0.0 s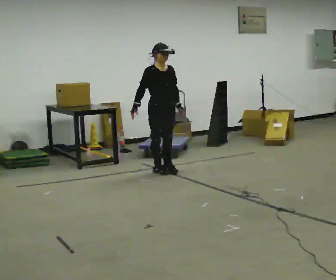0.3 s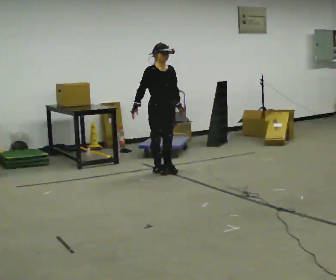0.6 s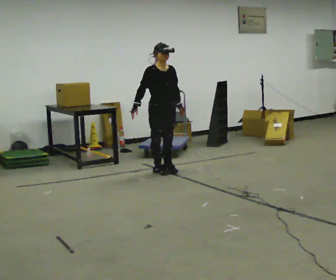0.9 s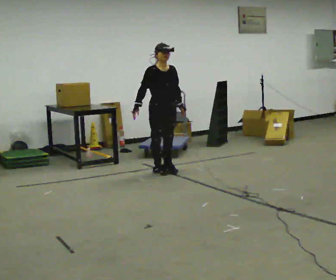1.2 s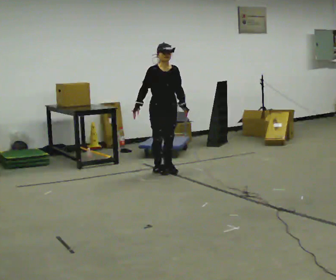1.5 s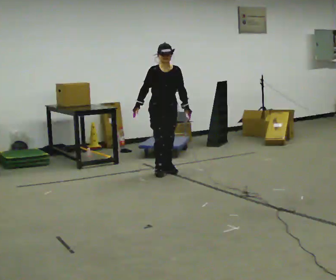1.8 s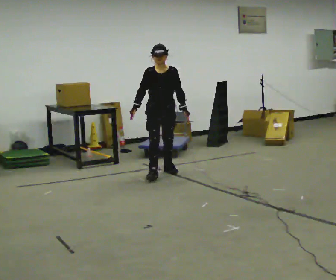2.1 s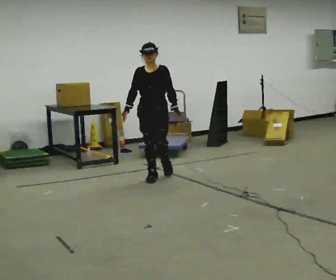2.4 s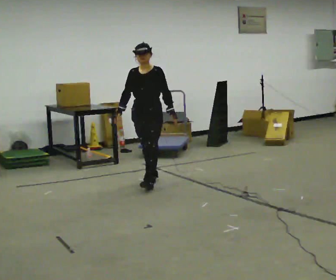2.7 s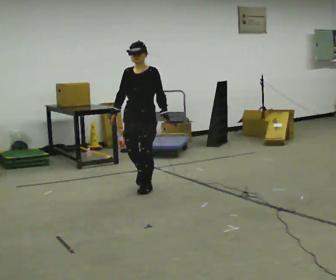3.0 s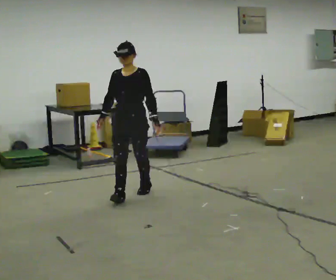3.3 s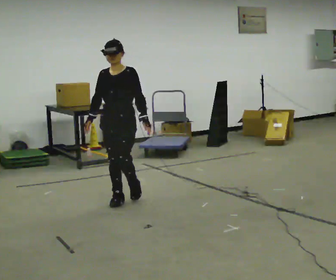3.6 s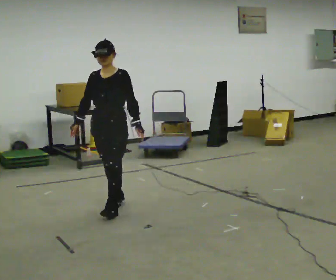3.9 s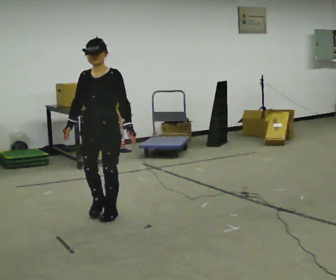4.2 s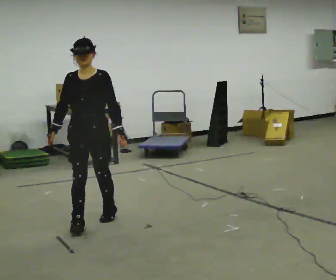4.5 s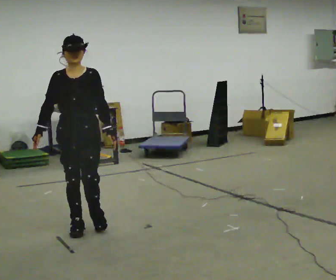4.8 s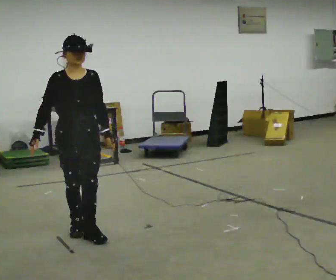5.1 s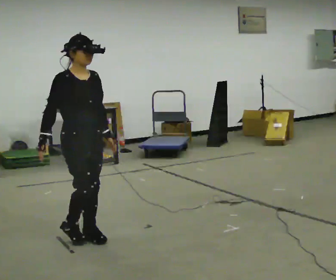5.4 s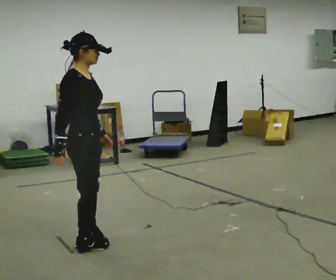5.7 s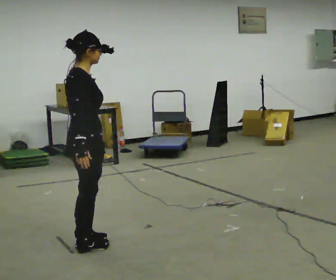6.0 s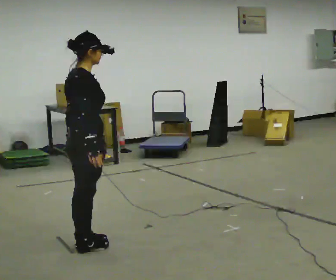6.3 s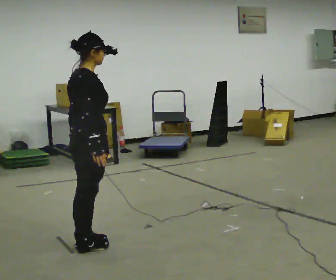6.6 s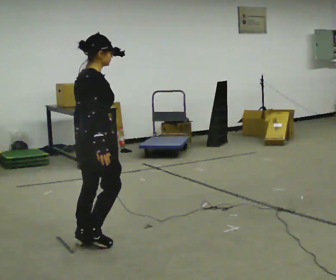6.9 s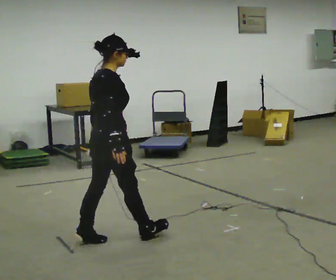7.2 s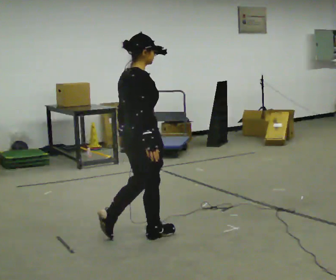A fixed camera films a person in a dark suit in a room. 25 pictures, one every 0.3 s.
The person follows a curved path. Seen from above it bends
counterclockwise.
The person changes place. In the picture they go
toward the camera.
0.0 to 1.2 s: The person moves a little, or ends about where they began.
1.2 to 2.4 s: Seen from above the body turns clockwise, about 45 degrees: to their right, with its near side sliding to the left. In the picture they go toward the camera and to the left, about 0.5 m in 1 step, which for them is forward.
2.4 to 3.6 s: In the picture they go toward the camera and to the left, about 1 m in 3 steps, which for them is forward.
3.6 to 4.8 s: The part of the body nearest the lens slides to the right as the person turns to their left by about 30 degrees. In the picture they go toward the camera, about 0.5 m in 2 steps, which for them is forward.
4.8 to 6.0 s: The person turns about 90 degrees to their left, counterclockwise seen from above, so the part of the body nearest the lens slides to the right. In the picture they go toward the camera, about 0.25 m in 2 steps.
6.0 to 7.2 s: In the picture they go to the right, about 0.5 m in 1 step, which for them is forward.
The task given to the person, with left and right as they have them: Walk through 3–5 turns in sequence; keep moving; stop at end.
The film runs forward here.
